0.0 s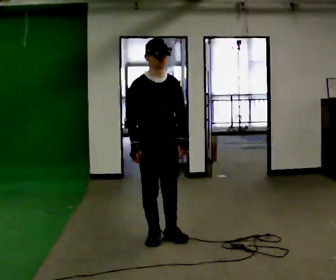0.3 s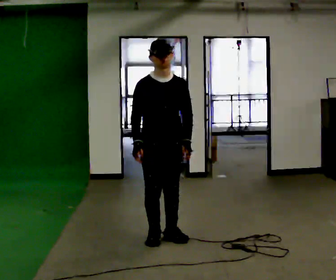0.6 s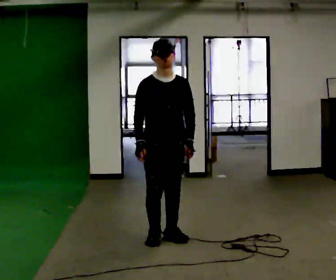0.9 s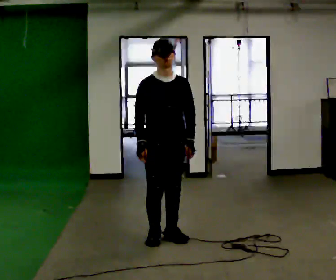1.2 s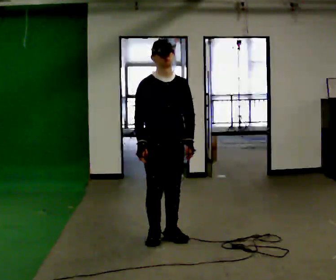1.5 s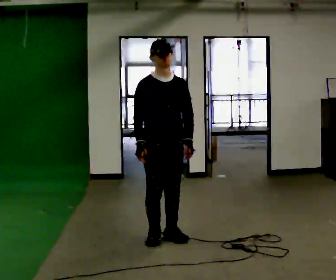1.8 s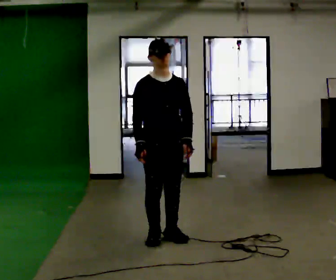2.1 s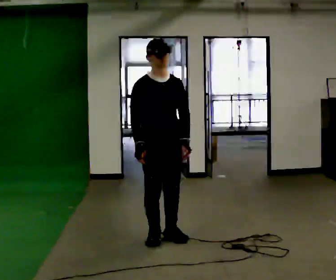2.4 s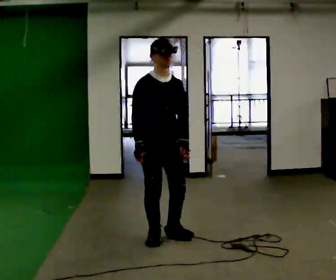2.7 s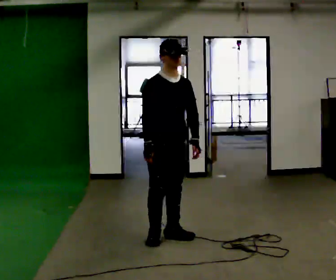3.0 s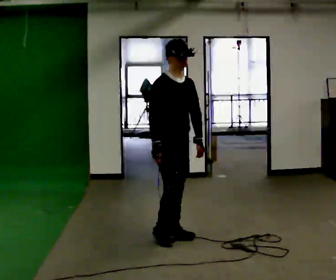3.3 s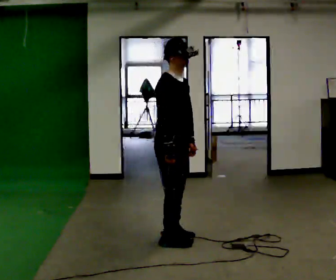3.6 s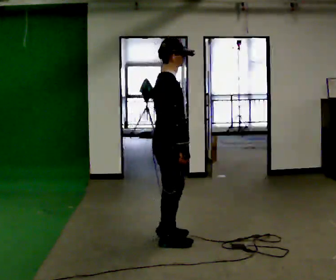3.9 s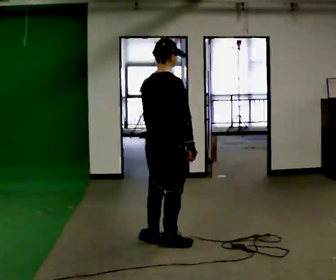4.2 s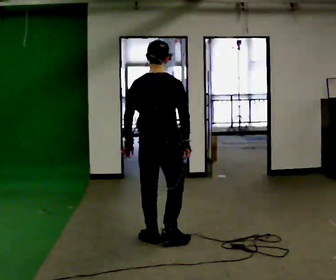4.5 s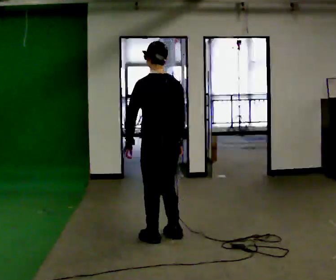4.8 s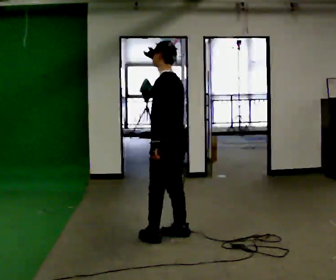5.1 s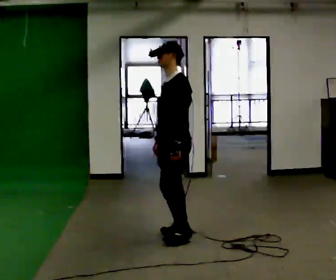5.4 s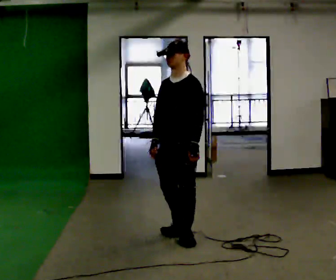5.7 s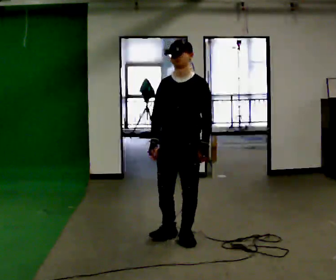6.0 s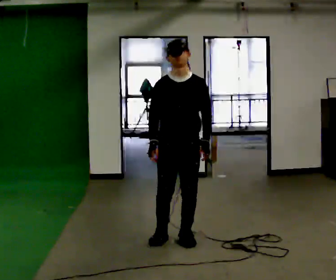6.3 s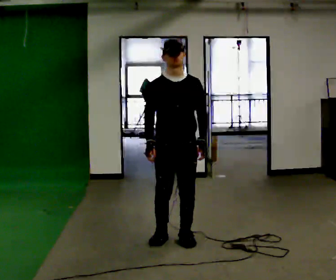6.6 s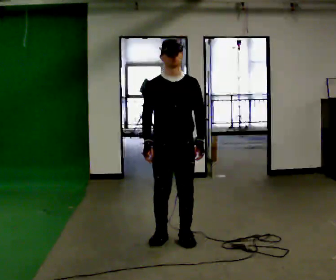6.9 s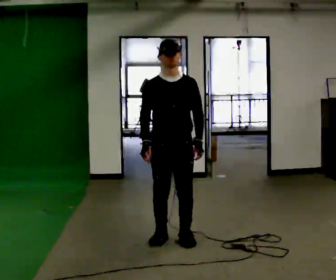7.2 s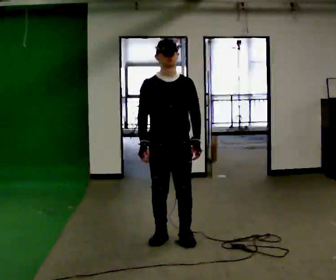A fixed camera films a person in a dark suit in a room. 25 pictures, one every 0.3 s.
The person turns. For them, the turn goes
to their left.
The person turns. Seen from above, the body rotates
counterclockwise.
0.0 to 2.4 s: The person moves a little, or ends about where they began.
2.4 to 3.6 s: Seen from above the body turns counterclockwise, about 75 degrees: to their left, with its near side sliding to the right. In the picture their right hand goes to the right.
3.6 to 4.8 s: The part of the body nearest the lens slides to the right as the person turns to their left by about 150 degrees.
4.8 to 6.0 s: Seen from above the body turns counterclockwise, about 105 degrees: to their left, with its near side sliding to the right.
6.0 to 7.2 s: The person moves a little, or ends about where they began.
The film runs backward here.
